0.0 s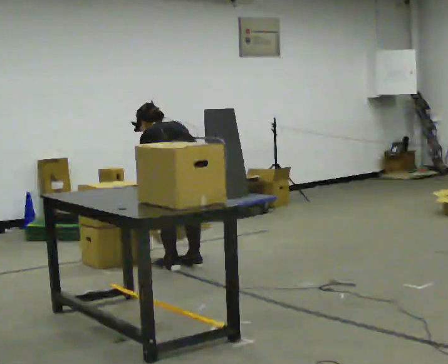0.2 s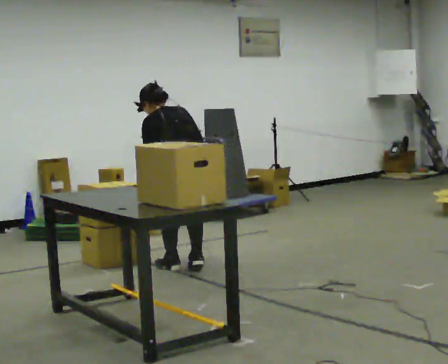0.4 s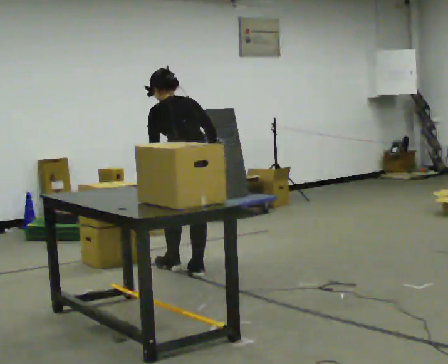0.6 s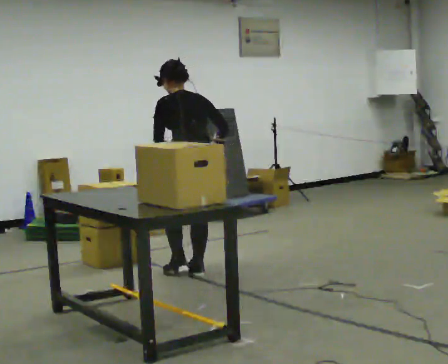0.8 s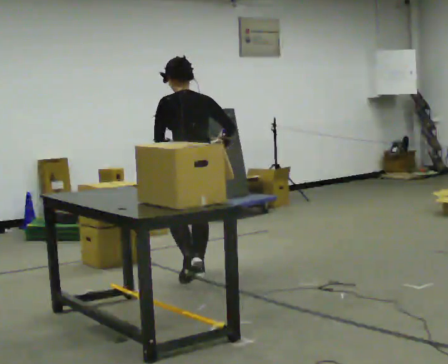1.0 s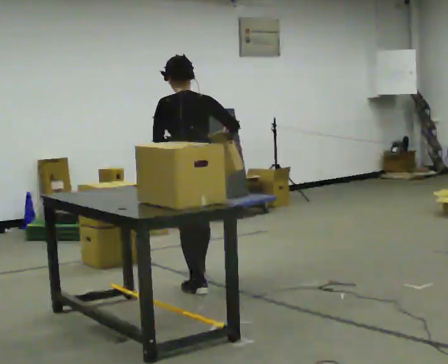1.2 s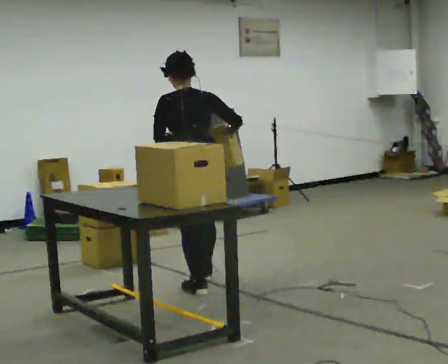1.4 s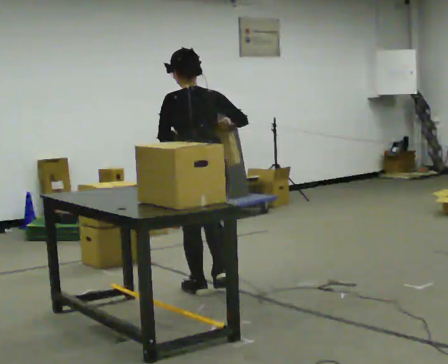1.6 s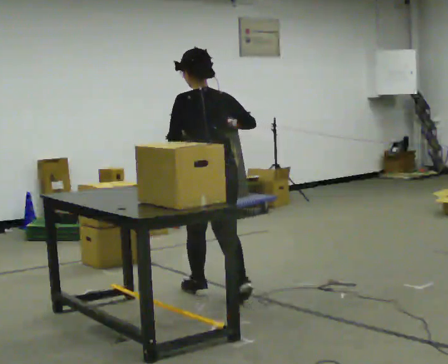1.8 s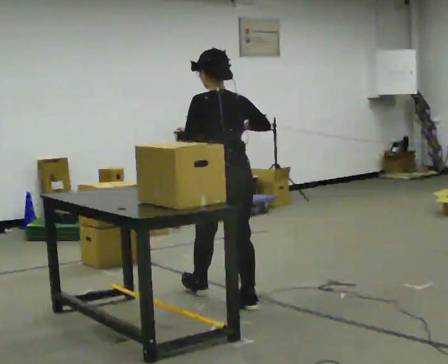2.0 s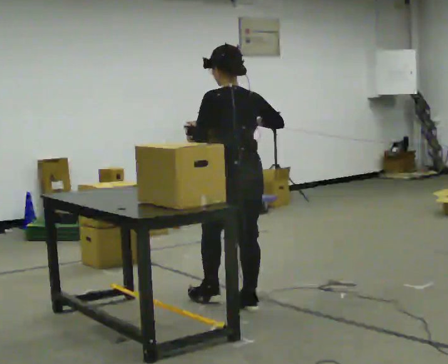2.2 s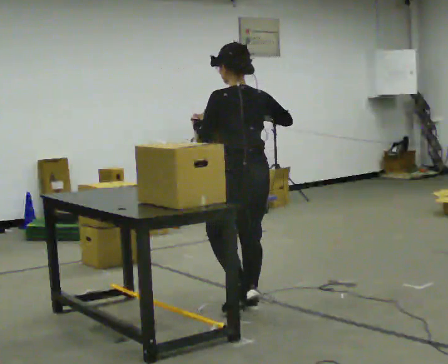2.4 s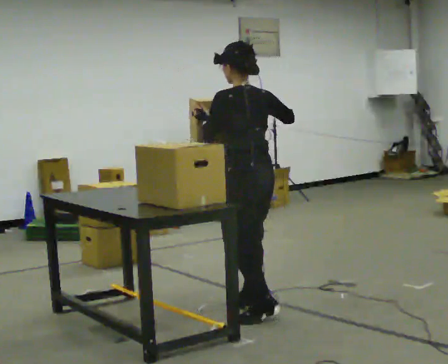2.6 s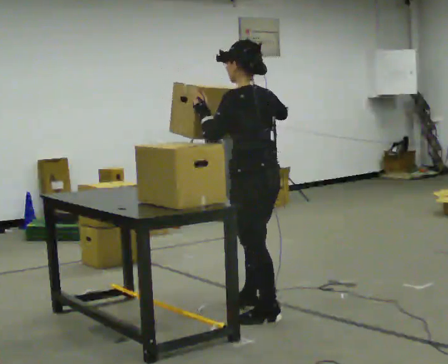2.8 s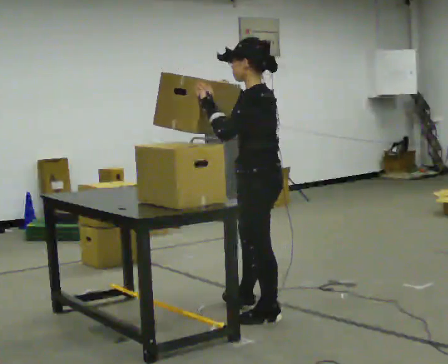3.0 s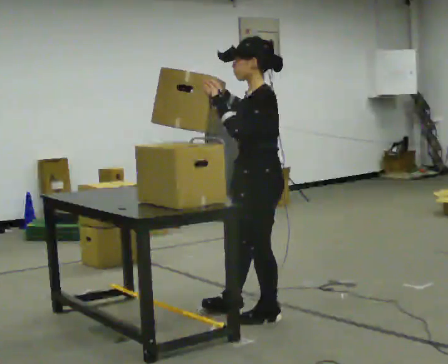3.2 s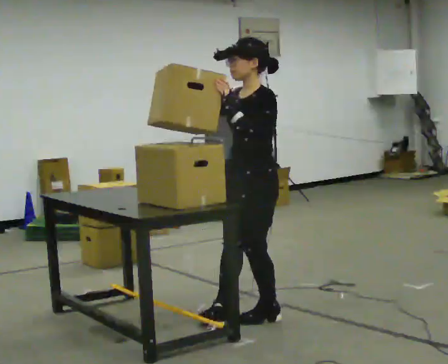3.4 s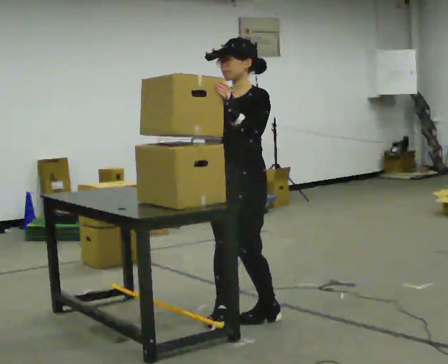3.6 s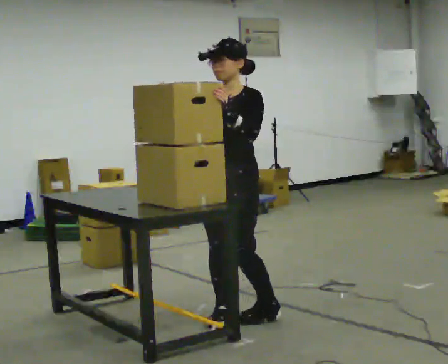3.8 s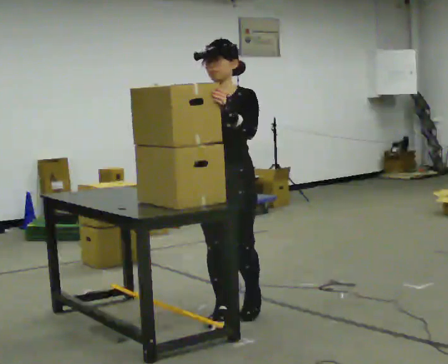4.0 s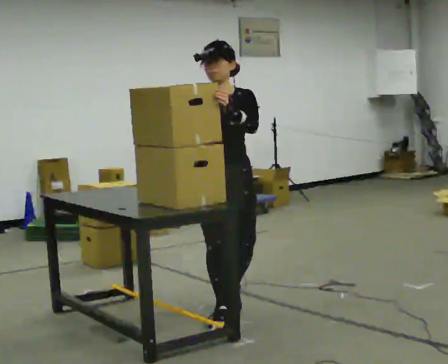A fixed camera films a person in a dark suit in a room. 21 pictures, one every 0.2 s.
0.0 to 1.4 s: In the picture they go toward the camera, about 0.5 m in 3 steps, which for them is backward. The shoulders move upward. The upper body tips toward the camera, its near side rolling downward, as they lean back or straighten. In the picture their left hand goes upward.
1.4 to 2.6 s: Seen from above the body turns counterclockwise, about 30 degrees: to their left, with its near side sliding to the right. In the picture they go toward the camera and to the right, about 0.75 m in 1 step, which for them is backward.
2.6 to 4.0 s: The part of the body nearest the lens slides to the right as the person turns to their left by about 120 degrees. In the picture they go to the left, about 0.25 m in 2 steps. In the picture their right hand goes to the left.
The film runs backward here.
